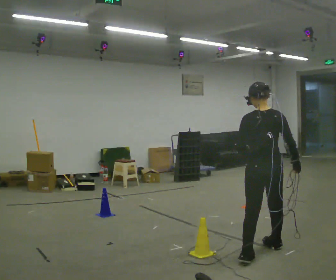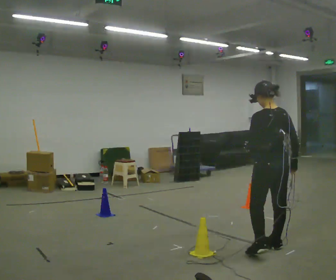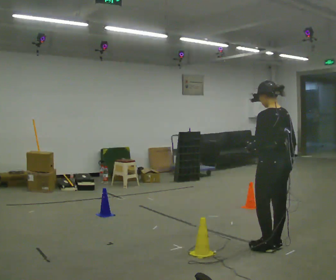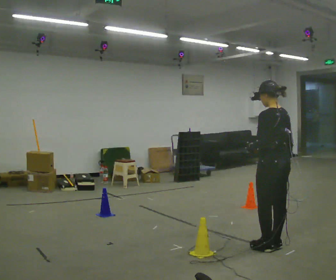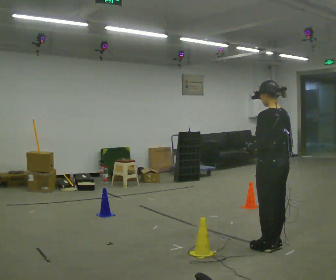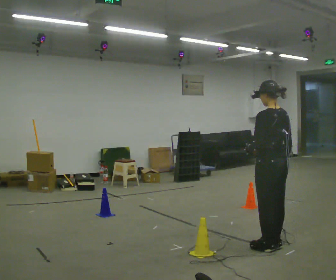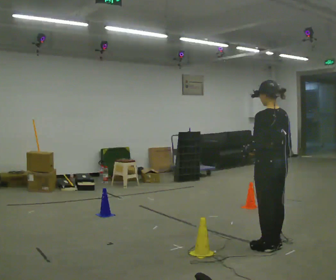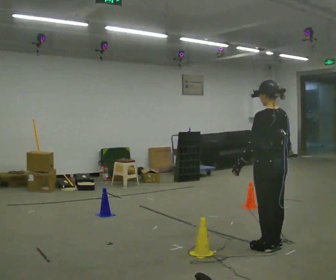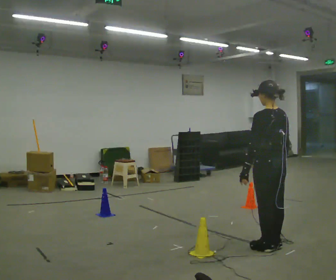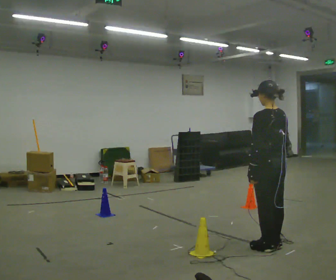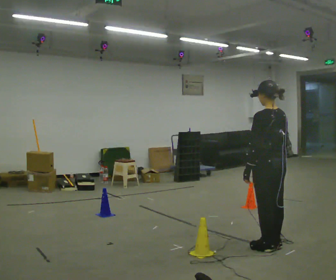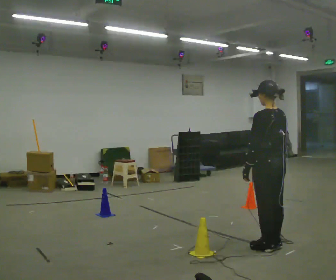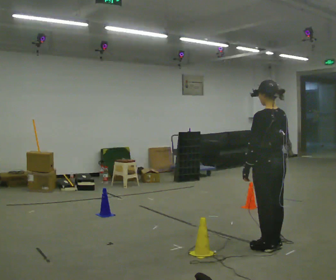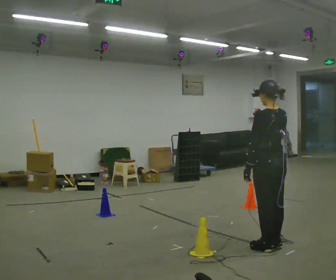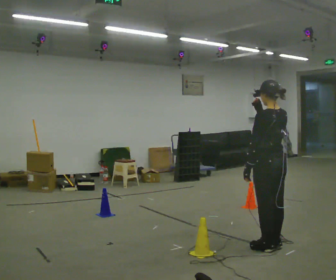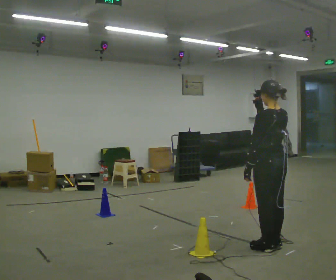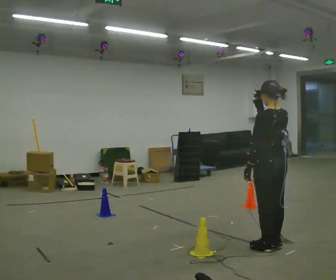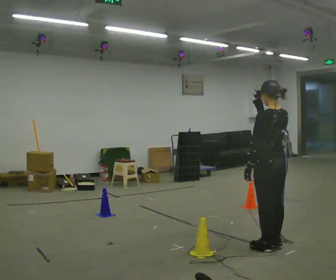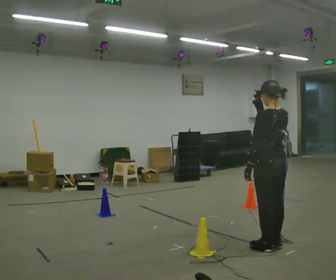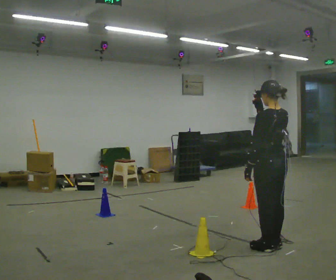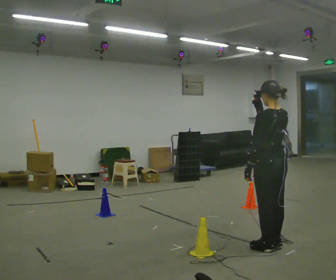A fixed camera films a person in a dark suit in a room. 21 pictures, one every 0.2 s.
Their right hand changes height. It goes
upward.
0.0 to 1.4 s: The person moves a little, or ends about where they began.
1.4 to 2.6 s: In the picture their right hand goes upward.
2.6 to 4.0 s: The person moves a little, or ends about where they began.
The film runs forward here.
